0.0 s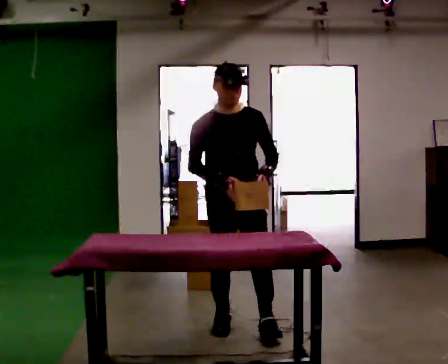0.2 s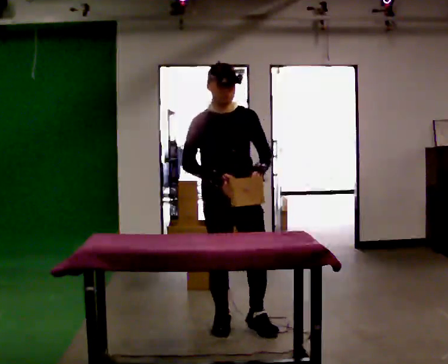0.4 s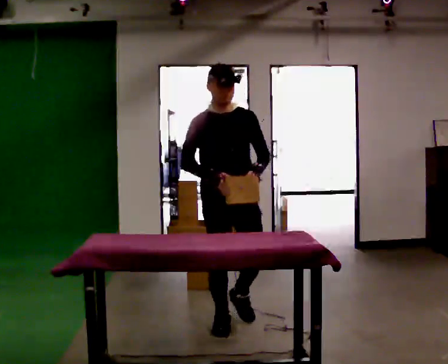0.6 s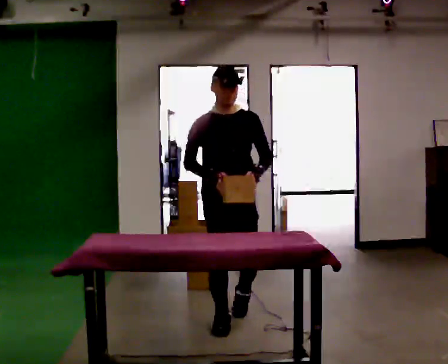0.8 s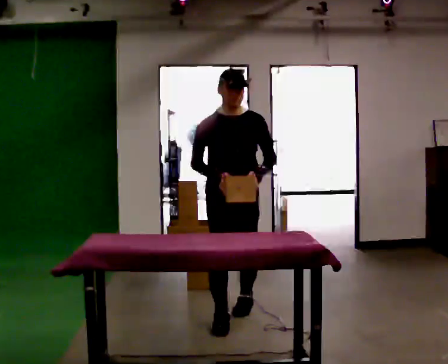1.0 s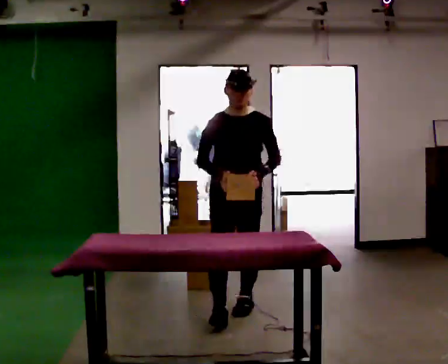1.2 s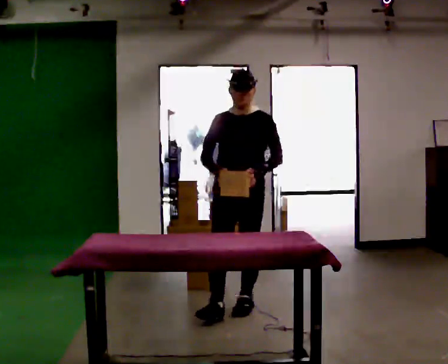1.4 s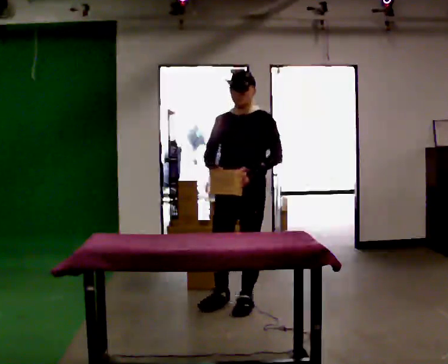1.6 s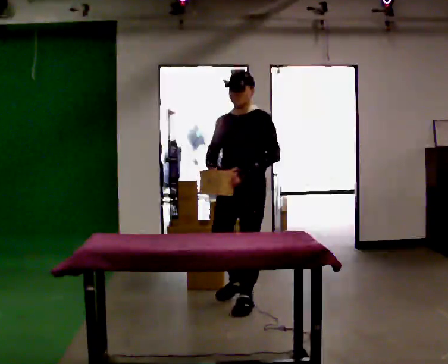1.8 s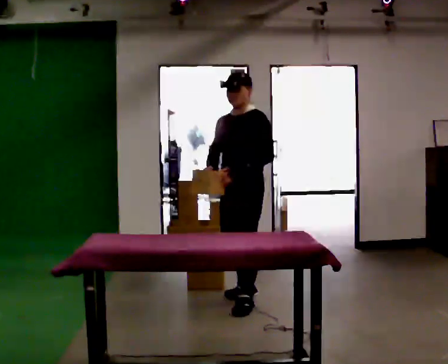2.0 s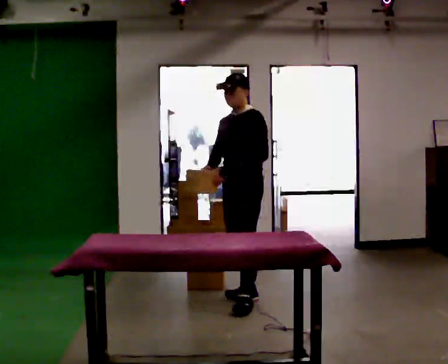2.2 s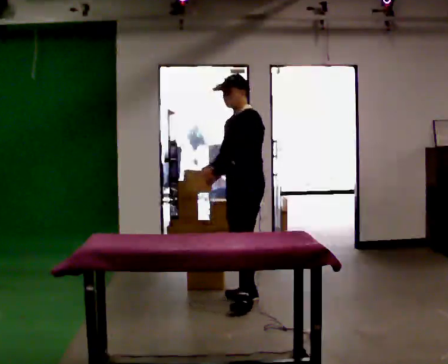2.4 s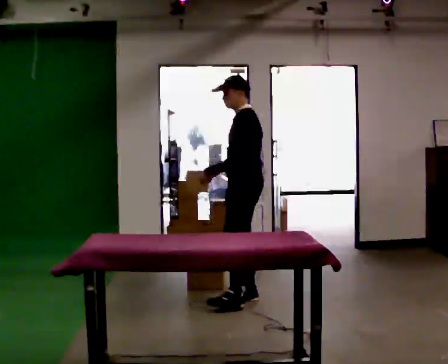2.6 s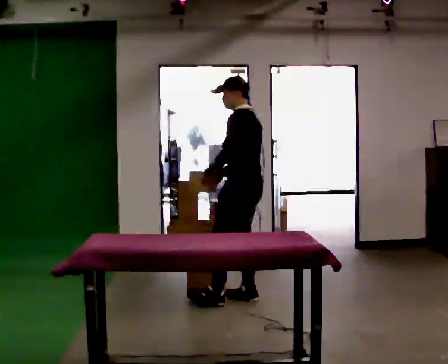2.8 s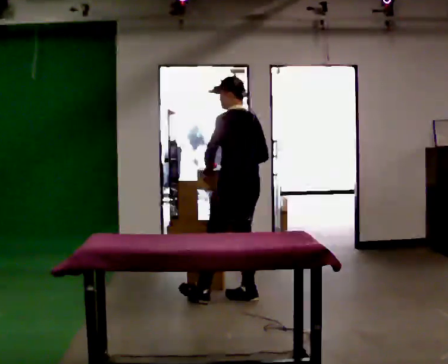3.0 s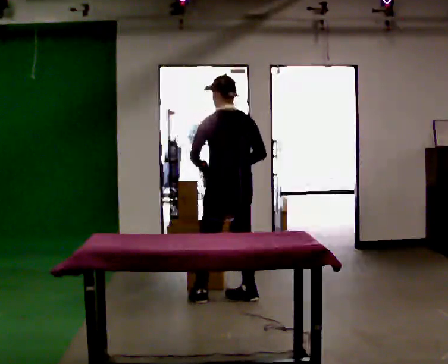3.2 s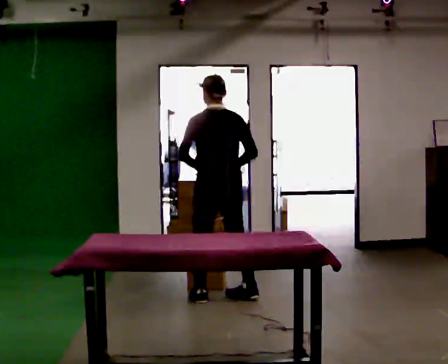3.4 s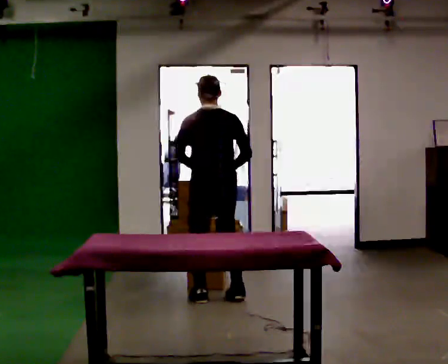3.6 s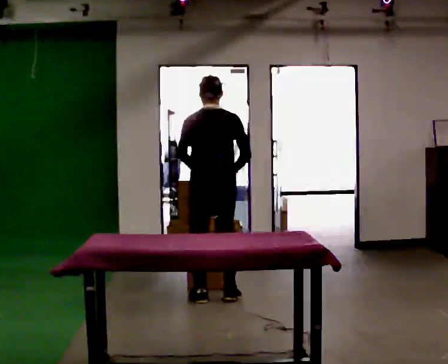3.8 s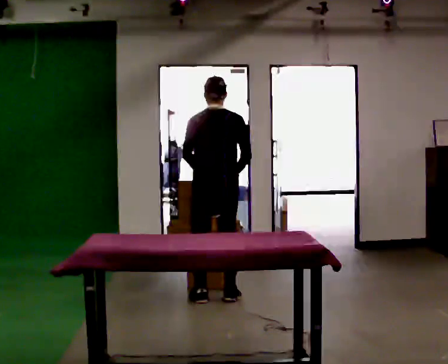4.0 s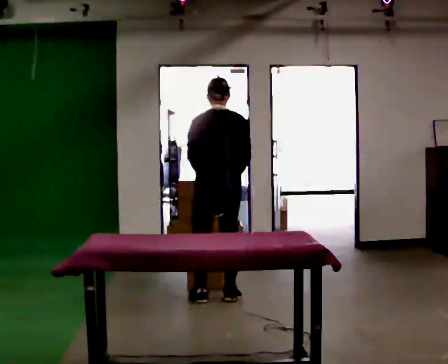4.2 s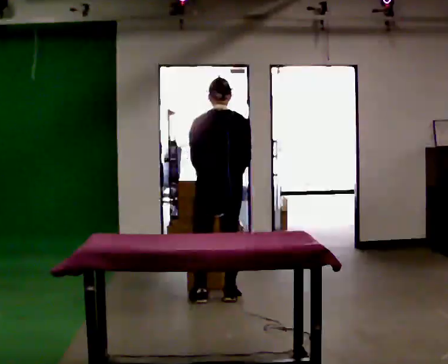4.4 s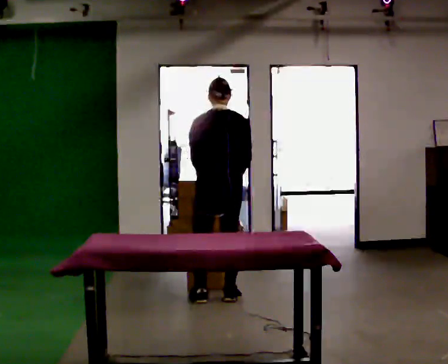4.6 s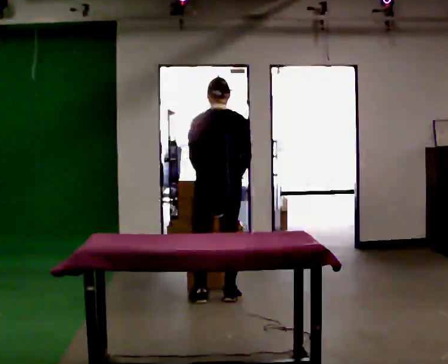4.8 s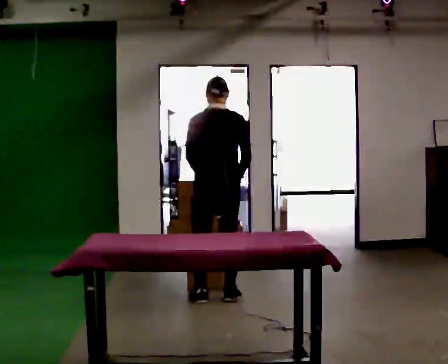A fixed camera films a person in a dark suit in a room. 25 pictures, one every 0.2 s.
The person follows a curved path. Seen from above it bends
counterclockwise.
The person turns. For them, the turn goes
to their right.
0.0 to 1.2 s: In the picture they go away from the camera, about 0.5 m in 2 steps, which for them is backward.
1.2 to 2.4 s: The part of the body nearest the lens slides to the left as the person turns to their right by about 75 degrees. In the picture they go away from the camera, about 0.25 m in 1 step.
2.4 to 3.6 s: The person turns about 90 degrees to their right, clockwise seen from above, so the part of the body nearest the lens slides to the left. In the picture they go to the left, about 0.25 m in 1 step.
3.6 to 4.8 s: The person moves a little, or ends about where they began.
The film runs backward here.
